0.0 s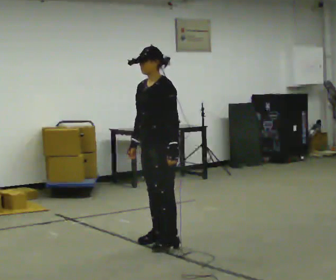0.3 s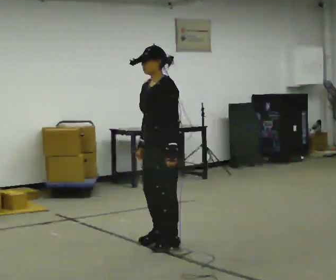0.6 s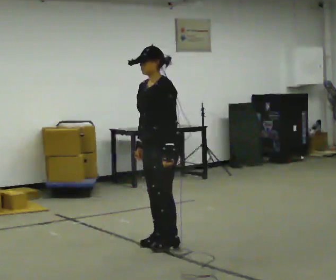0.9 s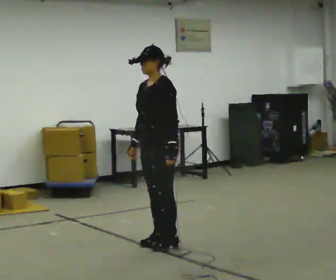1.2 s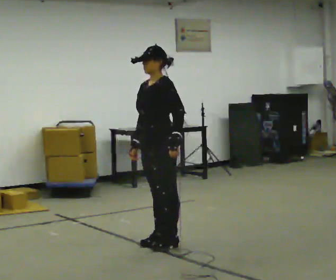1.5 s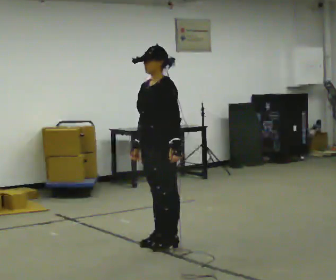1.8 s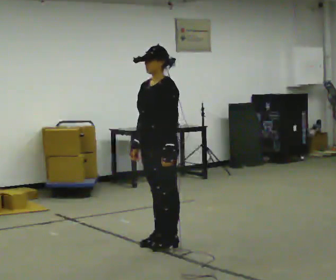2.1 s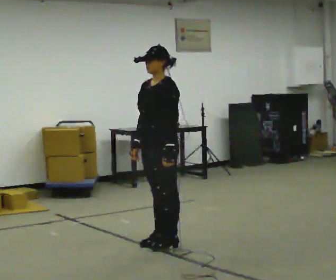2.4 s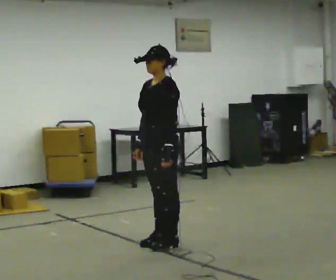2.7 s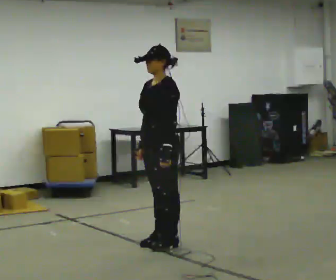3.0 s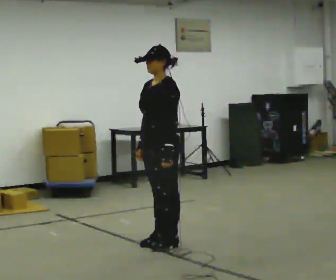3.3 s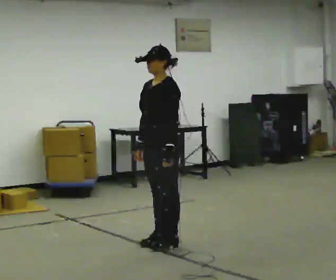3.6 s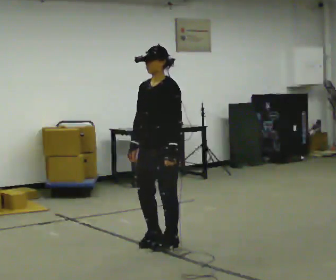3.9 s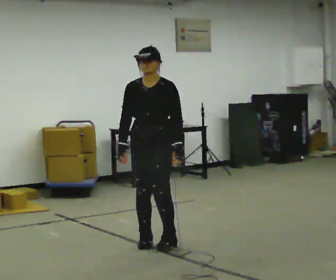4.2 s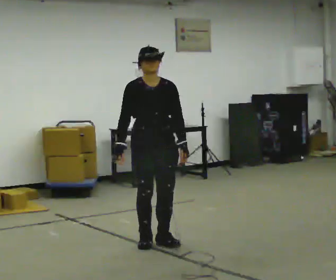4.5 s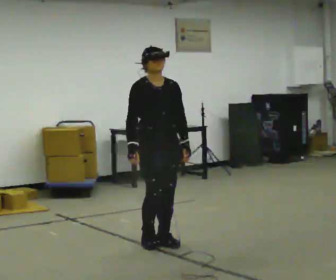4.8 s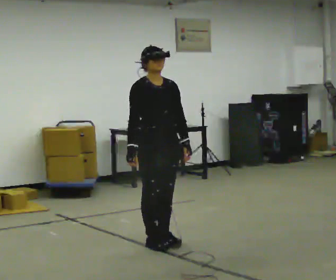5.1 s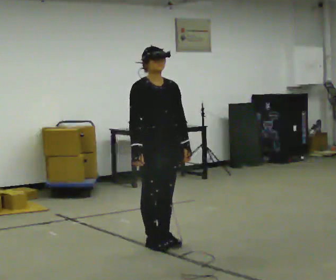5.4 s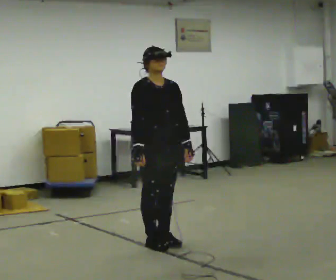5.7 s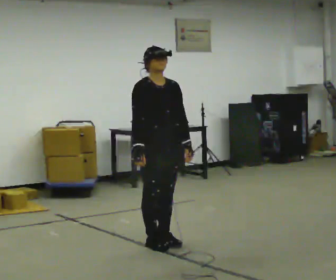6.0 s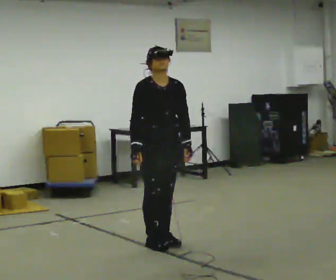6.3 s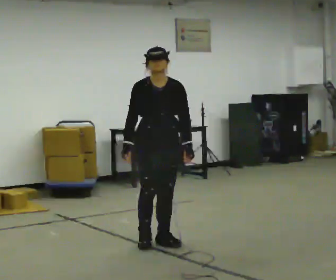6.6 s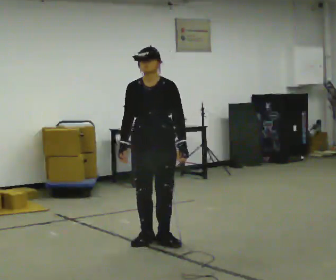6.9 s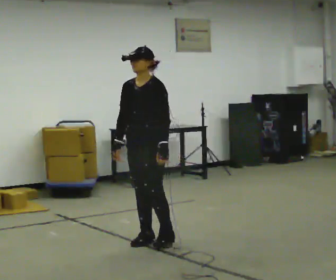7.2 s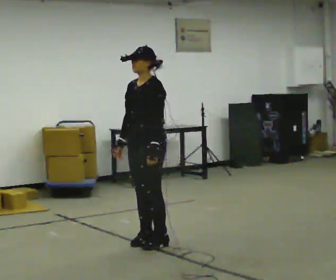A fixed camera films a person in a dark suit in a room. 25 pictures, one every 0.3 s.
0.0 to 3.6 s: The person moves a little, or ends about where they began.
3.6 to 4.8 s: The part of the body nearest the lens slides to the right as the person turns to their left by about 75 degrees.
4.8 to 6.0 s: The person moves a little, or ends about where they began.
6.0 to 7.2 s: The person turns about 75 degrees to their right, clockwise seen from above, so the part of the body nearest the lens slides to the left.
The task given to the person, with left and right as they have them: Turn on the spot to face the direction the operator calls, then stand still. The operator will call 90, 180 and 360 degrees and left or right.
The film runs forward here.
